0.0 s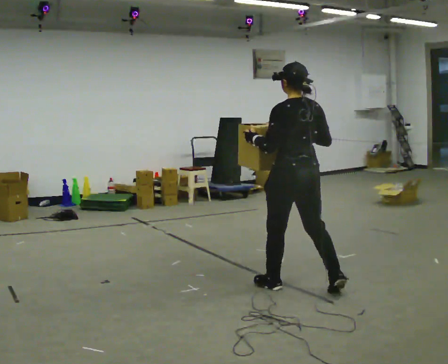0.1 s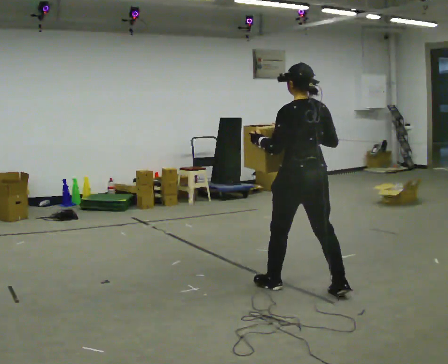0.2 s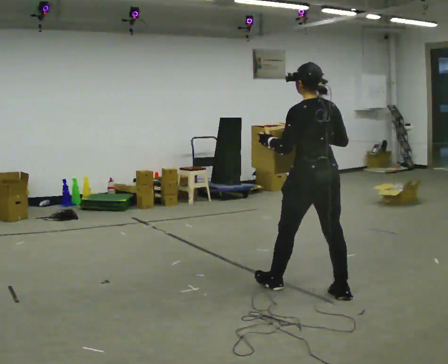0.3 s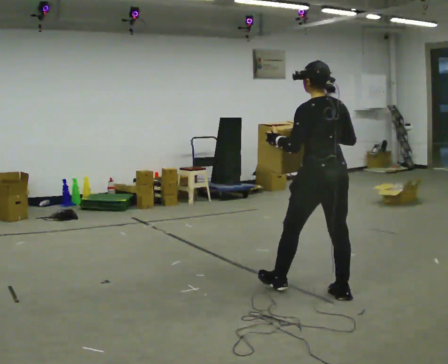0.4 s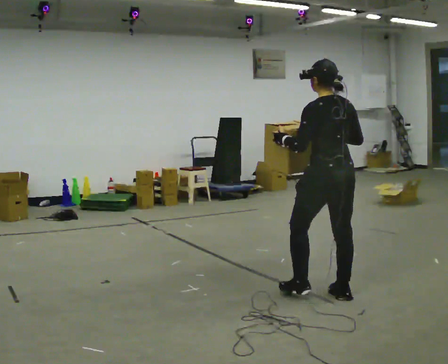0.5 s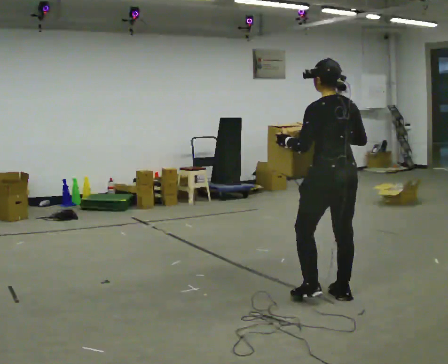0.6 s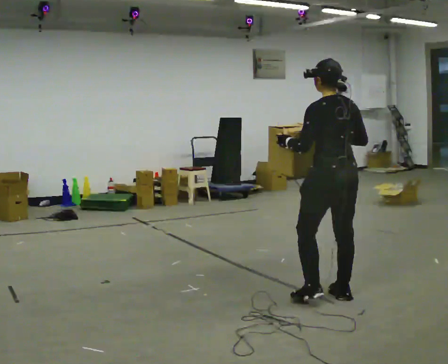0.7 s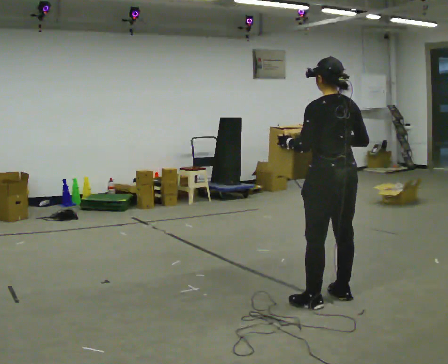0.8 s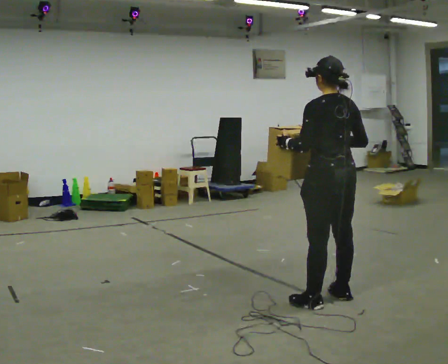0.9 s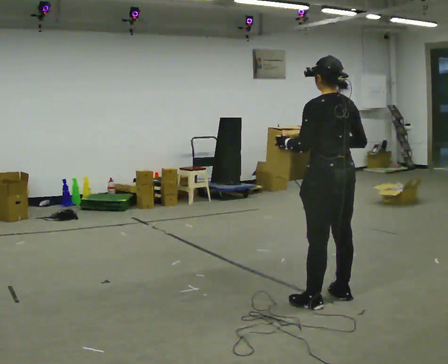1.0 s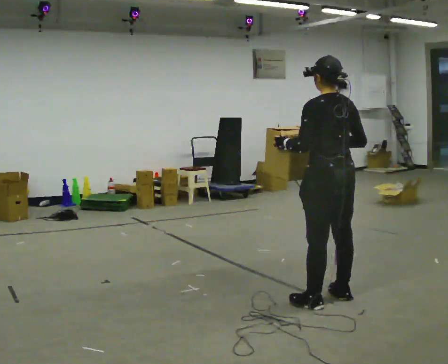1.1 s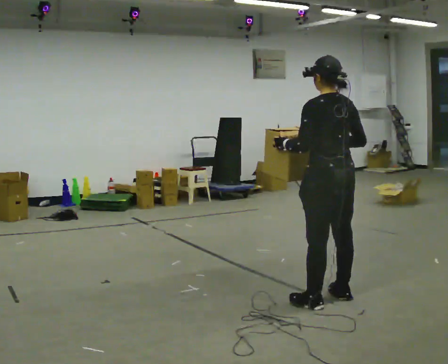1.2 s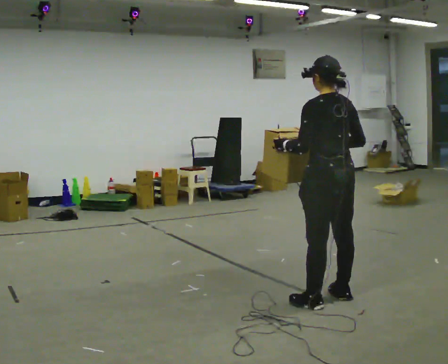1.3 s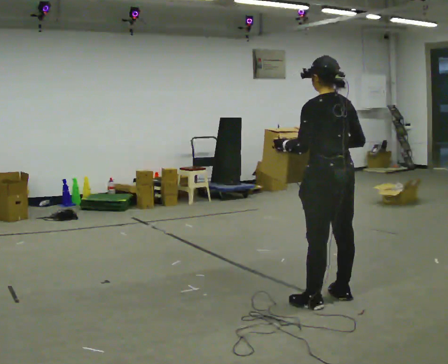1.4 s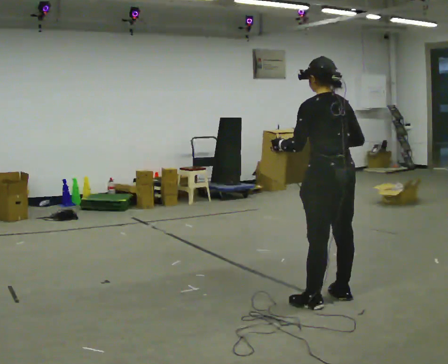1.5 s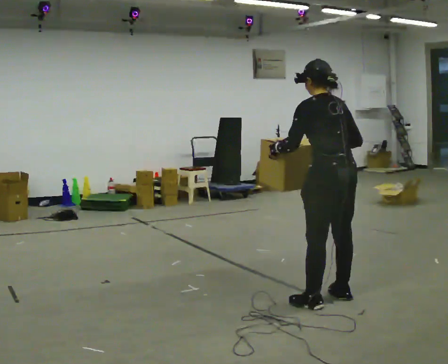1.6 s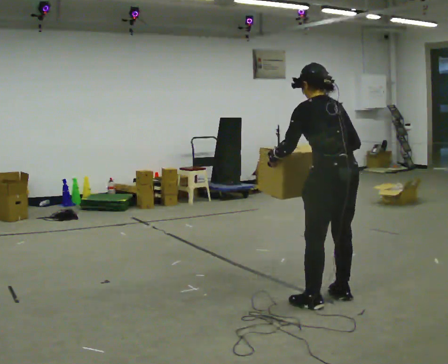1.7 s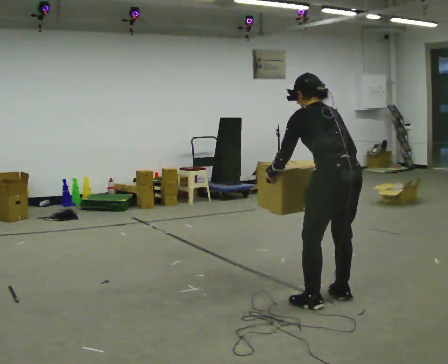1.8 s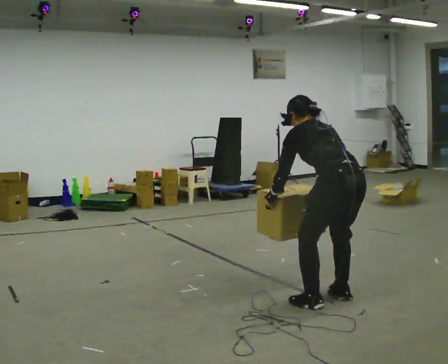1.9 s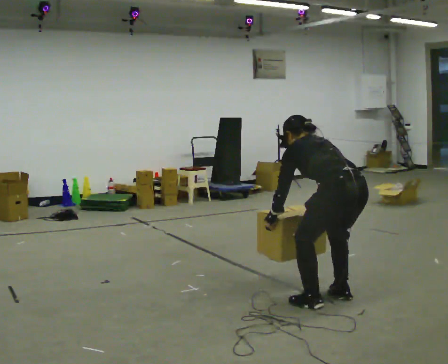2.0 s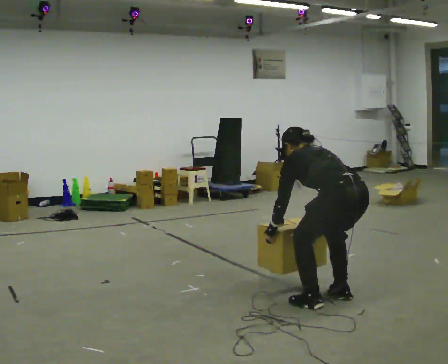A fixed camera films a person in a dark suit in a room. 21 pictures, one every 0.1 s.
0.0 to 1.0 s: In the picture they go toward the camera and to the right, about 0.25 m in 1 step, which for them is backward.
1.0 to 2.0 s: The upper body goes downward. The upper body tips away from the camera, its near side rolling upward, as they bend forward. In the picture their left hand goes downward.
The film runs backward here.
